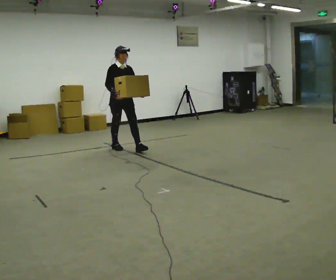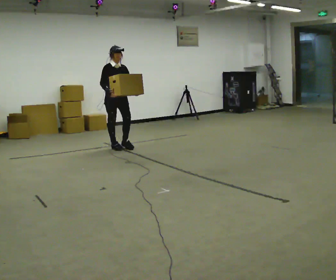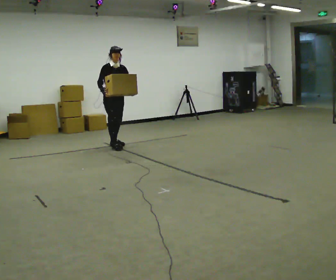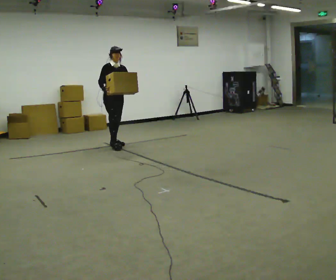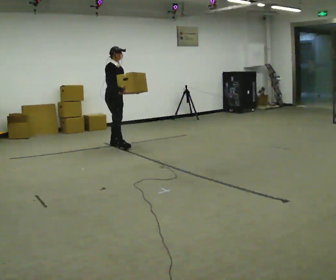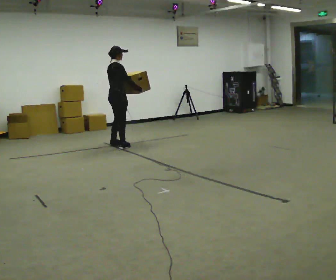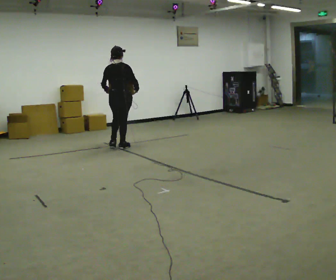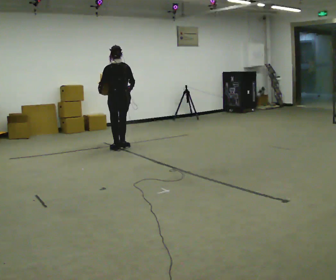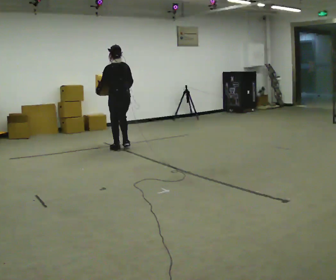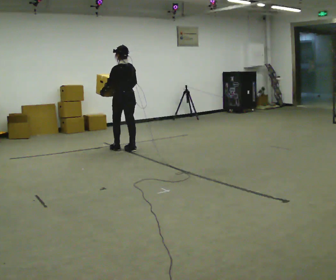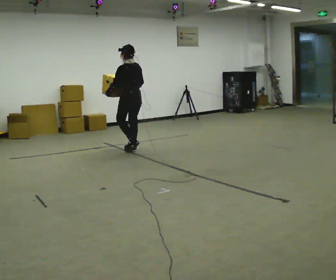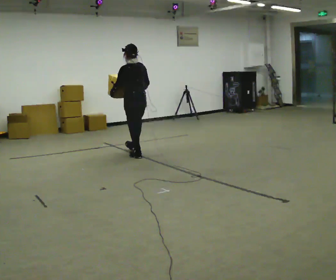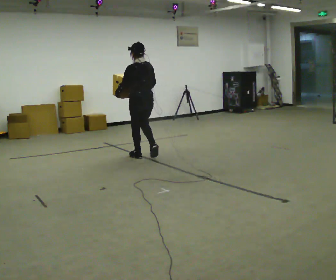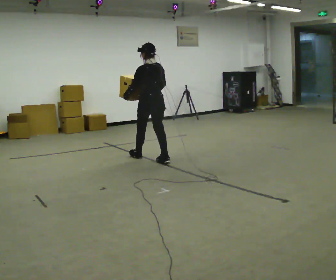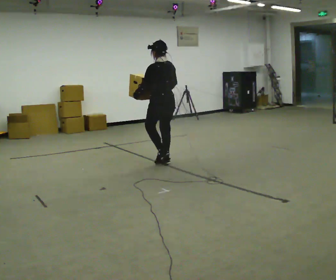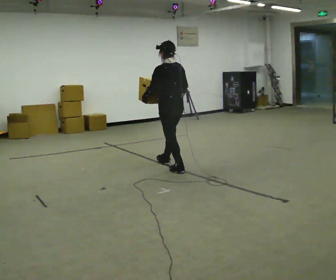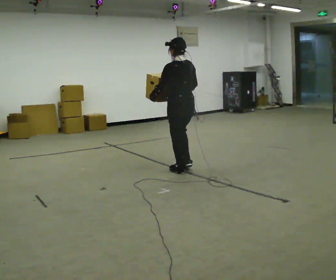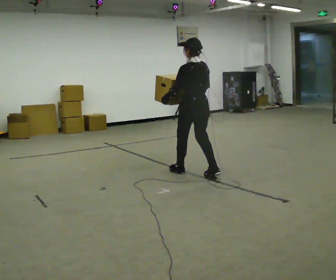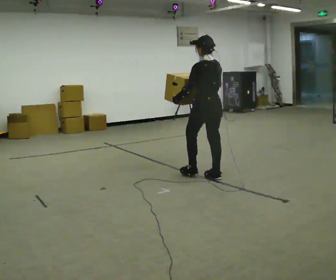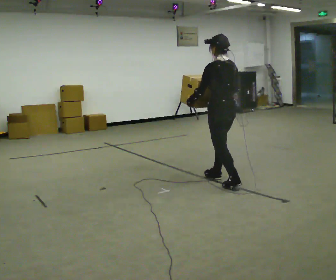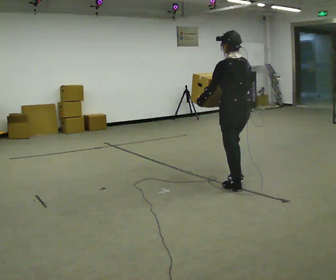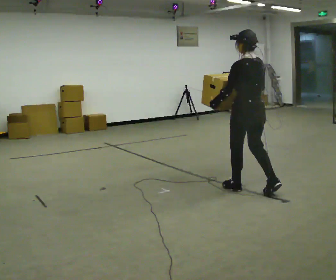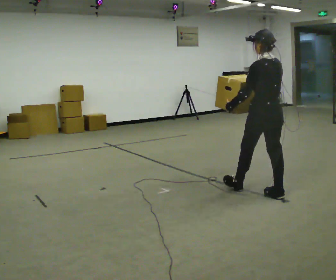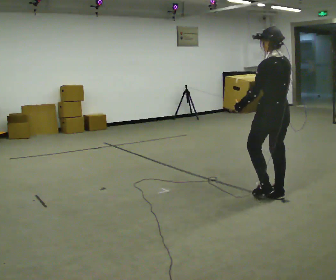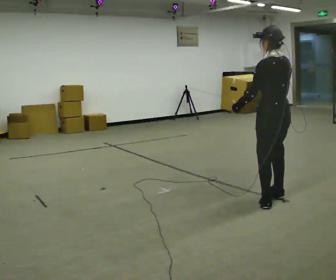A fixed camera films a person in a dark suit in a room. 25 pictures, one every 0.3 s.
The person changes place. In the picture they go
toward the camera.
Their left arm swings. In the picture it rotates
clockwise.
0.0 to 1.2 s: The part of the body nearest the lens slides to the right as the person turns to their left by about 30 degrees. In the picture they go away from the camera, about 0.25 m, which for them is backward.
1.2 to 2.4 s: The part of the body nearest the lens slides to the right as the person turns to their left by about 150 degrees. In the picture they go toward the camera, about 0.25 m in 2 steps.
2.4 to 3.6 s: In the picture they go toward the camera and to the right, about 0.75 m in 2 steps, which for them is backward.
3.6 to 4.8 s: In the picture they go toward the camera and to the right, about 1 m in 2 steps, which for them is backward.
4.8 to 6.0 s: In the picture they go toward the camera and to the right, about 1 m in 2 steps, which for them is backward.
6.0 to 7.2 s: In the picture they go toward the camera and to the right, about 0.5 m in 1 step, which for them is backward.
The film runs backward here.
